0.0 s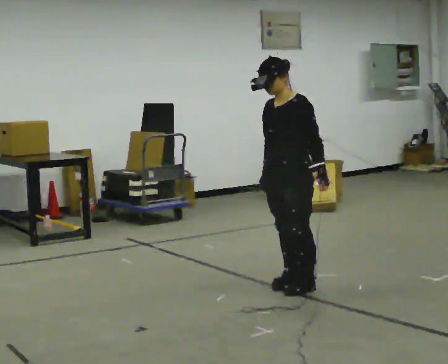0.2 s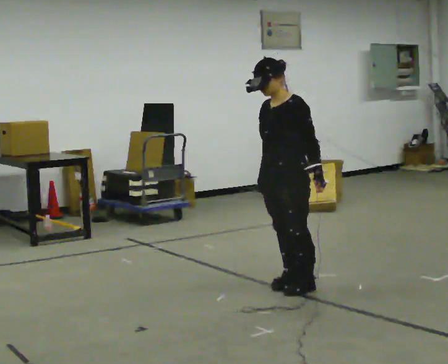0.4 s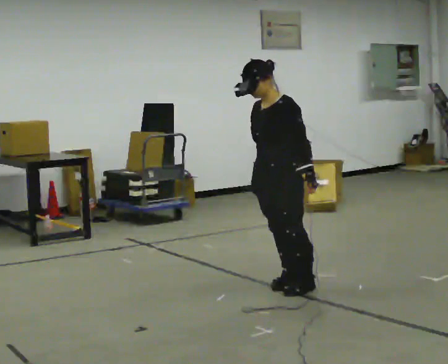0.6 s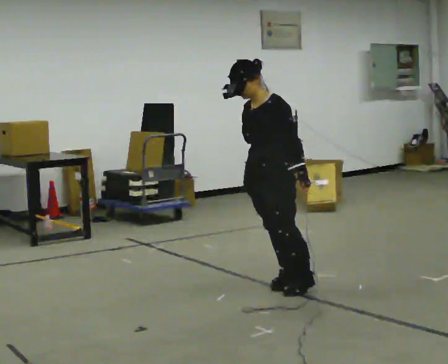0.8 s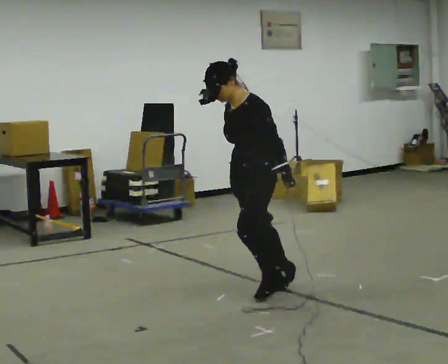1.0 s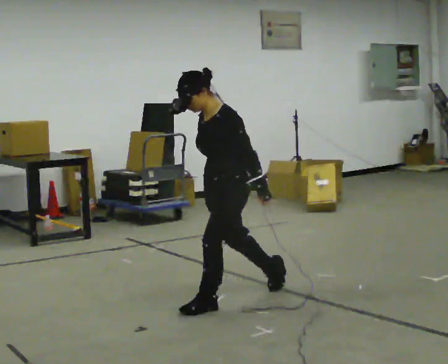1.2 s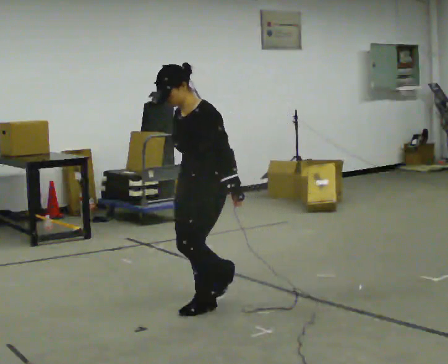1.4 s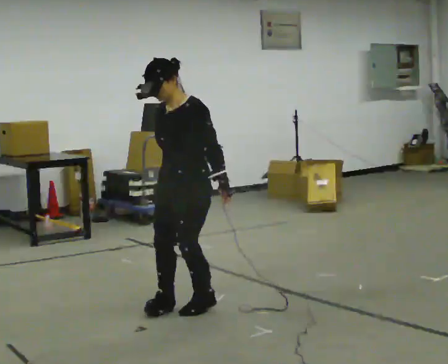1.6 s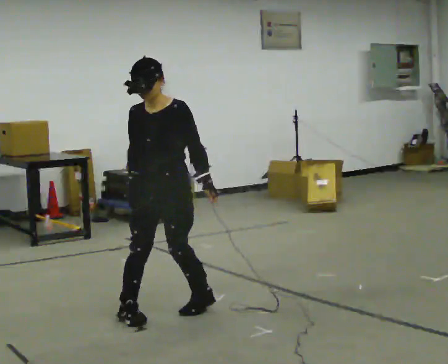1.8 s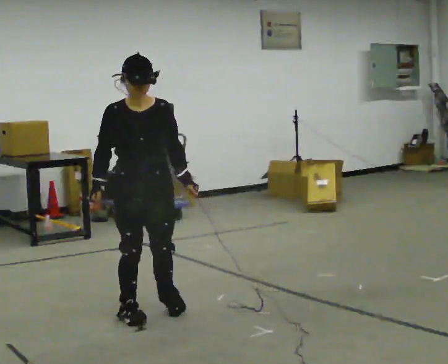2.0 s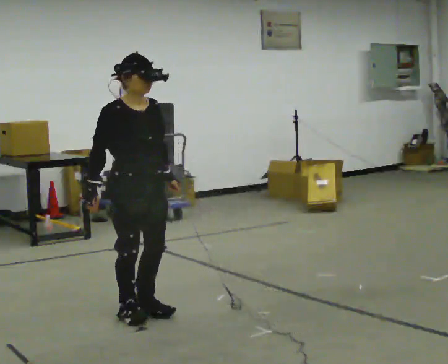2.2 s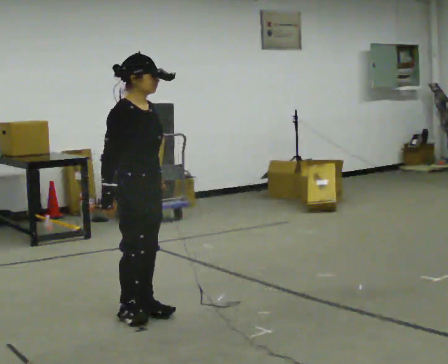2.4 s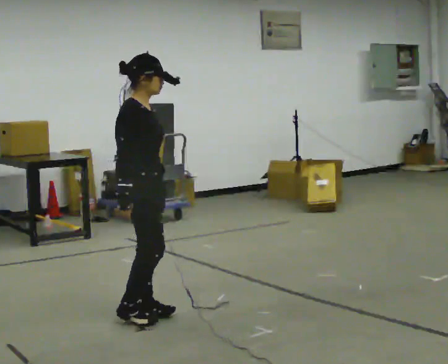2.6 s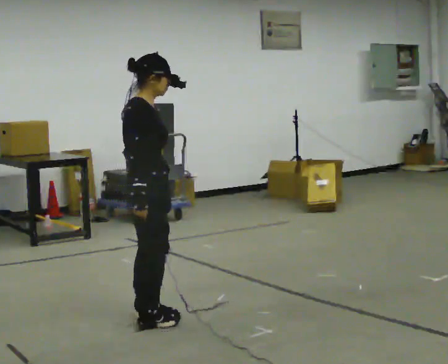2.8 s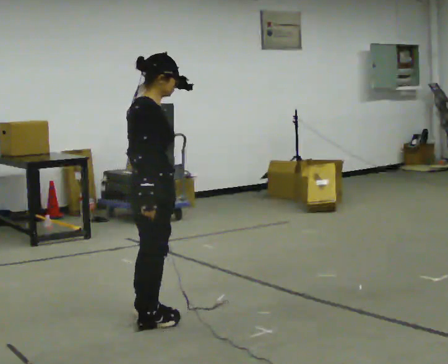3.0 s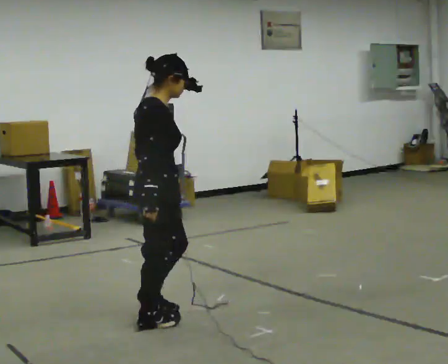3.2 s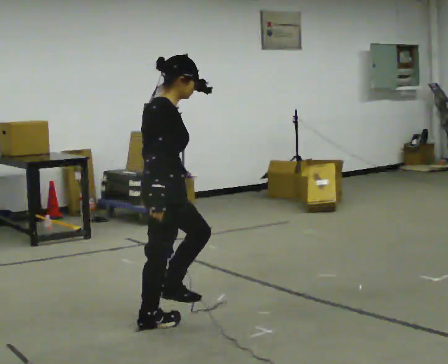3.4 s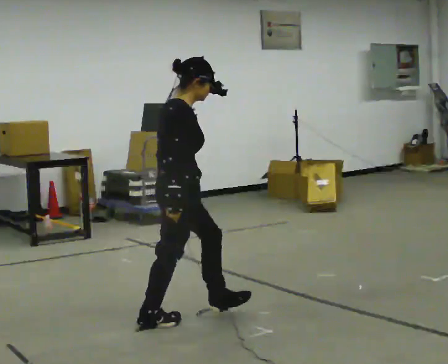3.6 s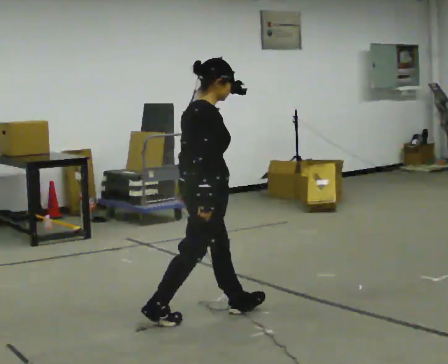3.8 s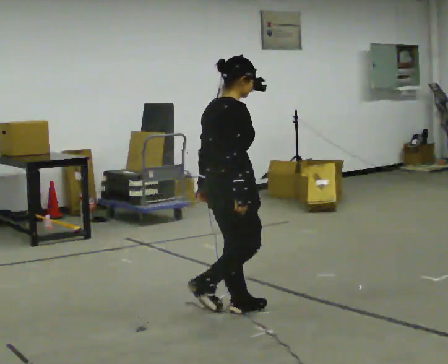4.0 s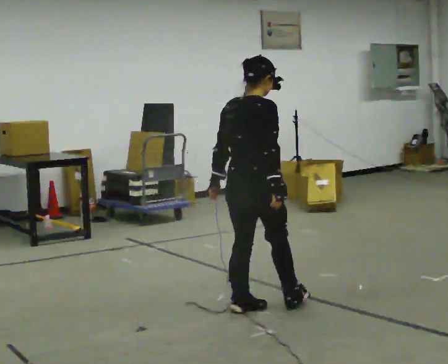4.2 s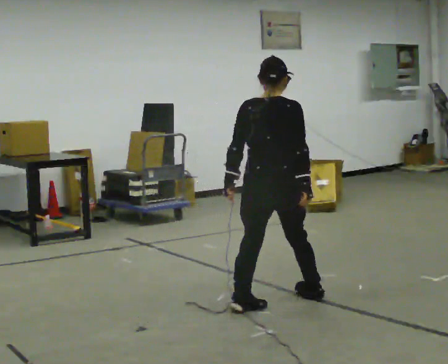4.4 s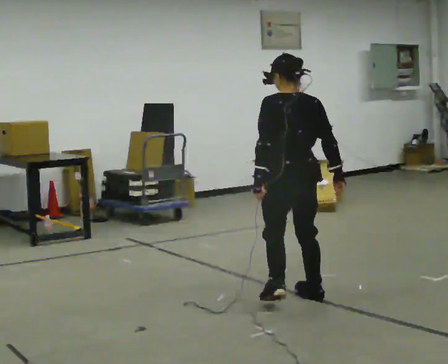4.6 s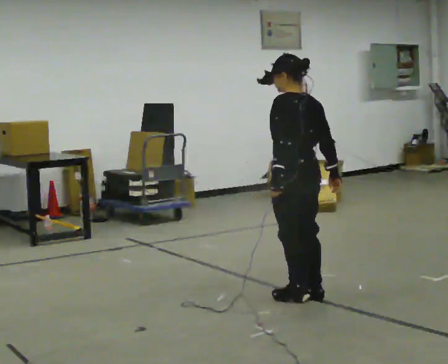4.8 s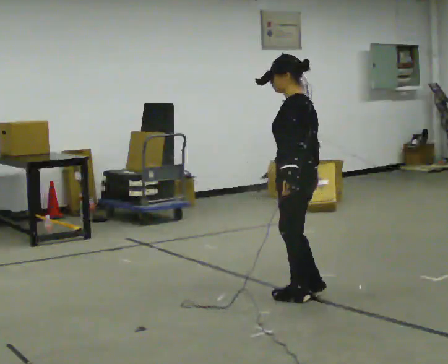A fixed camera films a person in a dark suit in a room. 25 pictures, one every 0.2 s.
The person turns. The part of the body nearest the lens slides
to the right.
The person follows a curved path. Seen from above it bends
counterclockwise.
0.0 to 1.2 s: In the picture they go to the left and toward the camera, about 0.75 m in 1 step, which for them is forward.
1.2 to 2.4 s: Seen from above the body turns counterclockwise, about 150 degrees: to their left, with its near side sliding to the right. In the picture they go to the left and toward the camera, about 0.5 m in 2 steps.
2.4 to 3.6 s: In the picture they go to the right, about 0.25 m in 2 steps, which for them is forward.
3.6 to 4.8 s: Seen from above the body turns counterclockwise, about 150 degrees: to their left, with its near side sliding to the right. In the picture they go to the right and away from the camera, about 0.75 m in 2 steps.
The film runs forward here.
